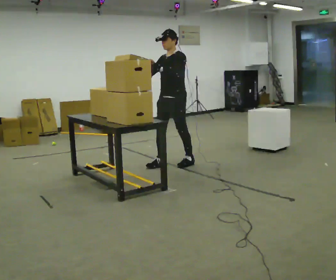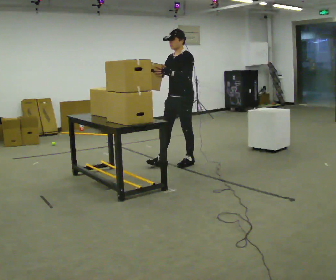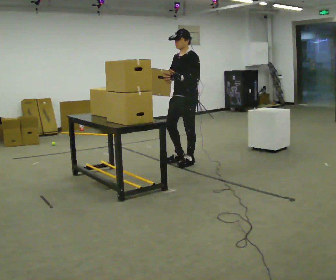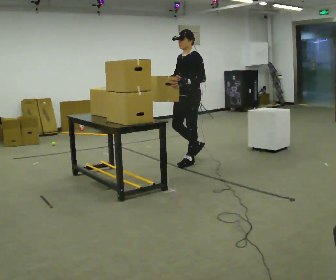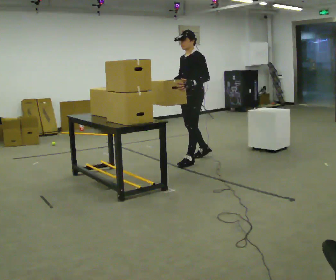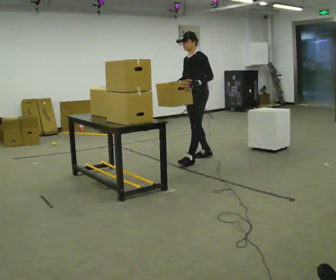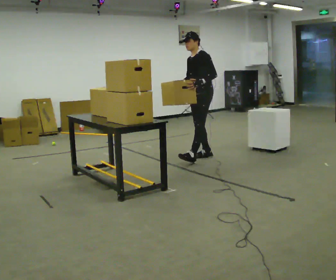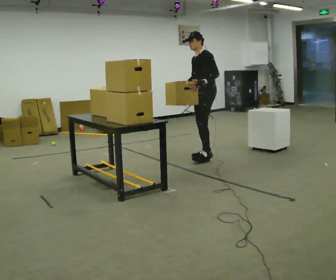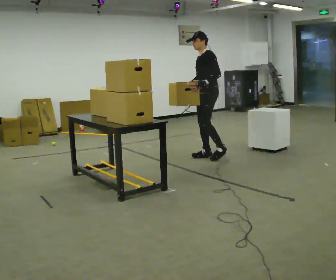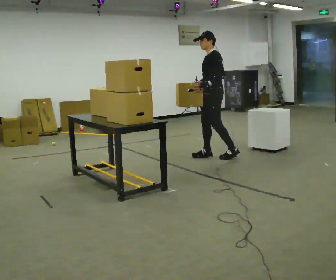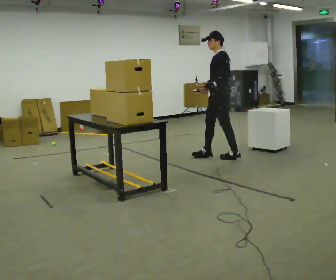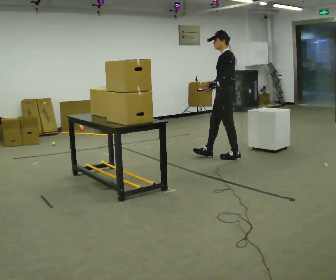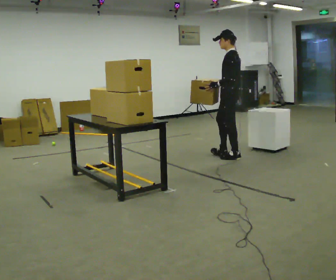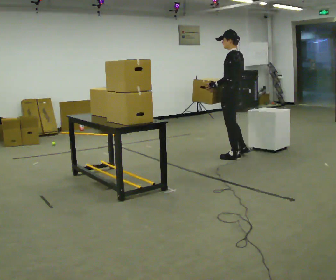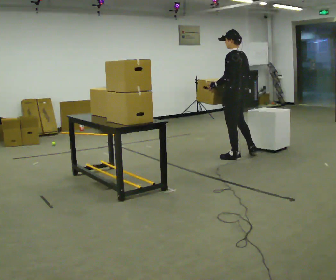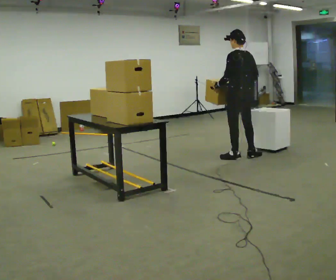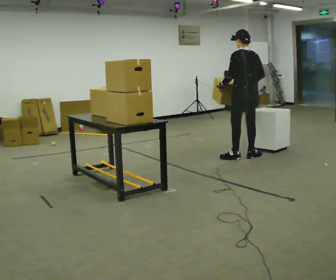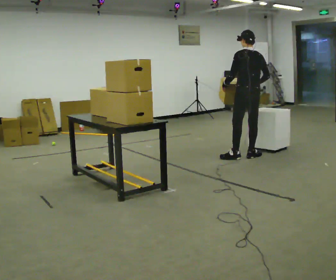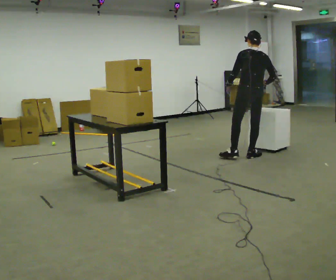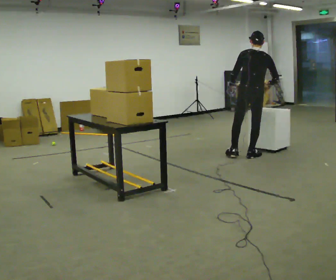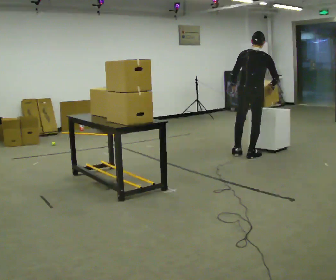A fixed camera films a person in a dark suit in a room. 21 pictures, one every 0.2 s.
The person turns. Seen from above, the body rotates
clockwise.
Their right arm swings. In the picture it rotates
counterclockwise.
0.0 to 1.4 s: In the picture they go to the right and away from the camera, about 0.5 m in 2 steps, which for them is backward.
1.4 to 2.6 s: The part of the body nearest the lens slides to the left as the person turns to their right by about 45 degrees. In the picture they go to the right, about 0.5 m in 1 step, which for them is backward and to their left.
2.6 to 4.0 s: The person turns about 75 degrees to their right, clockwise seen from above, so the part of the body nearest the lens slides to the left. In the picture they go to the right, about 0.25 m in 1 step. In the picture their right hand goes to the right, the arm swinging counterclockwise.
The film runs backward here.
